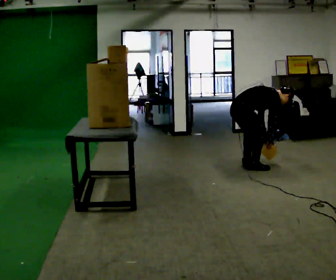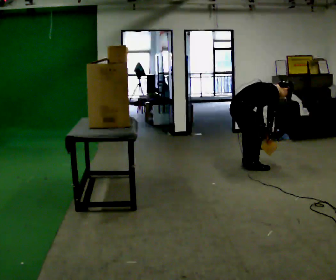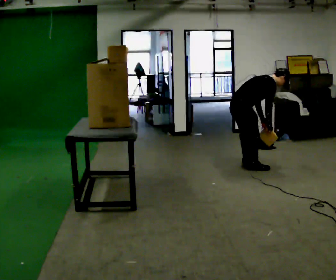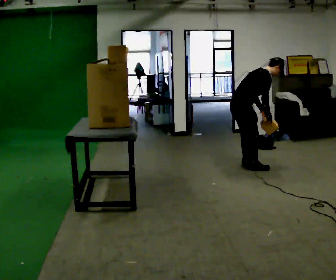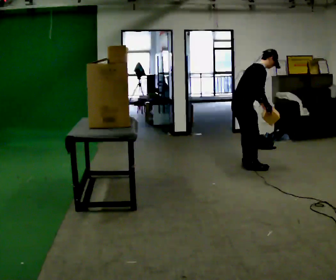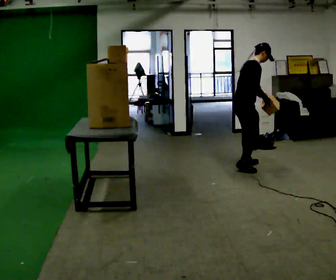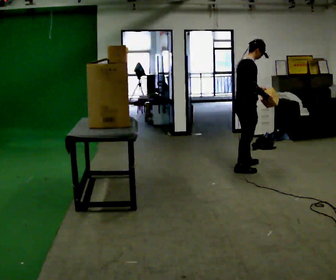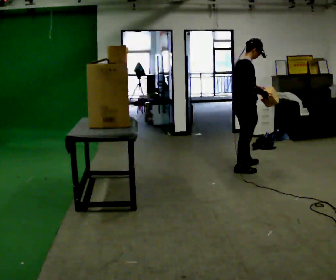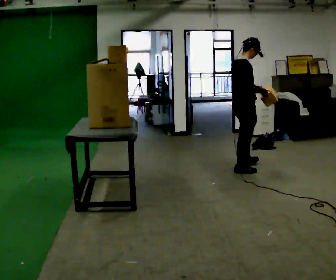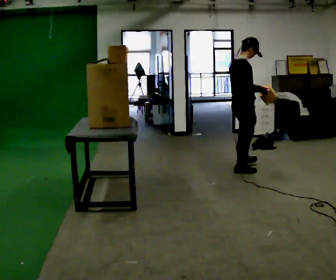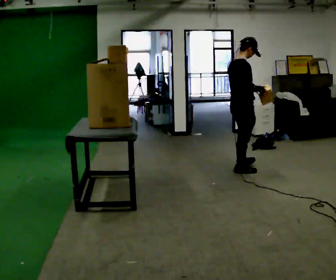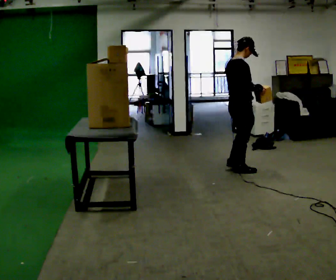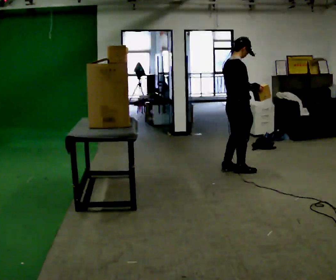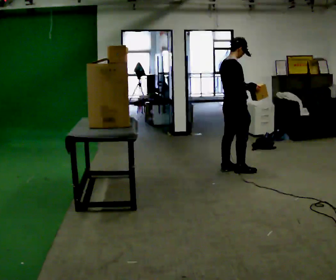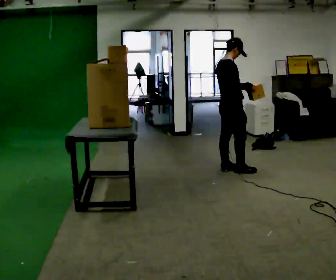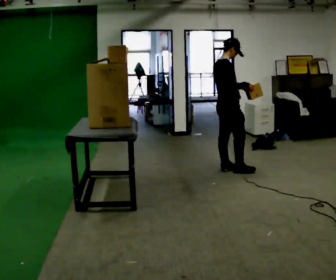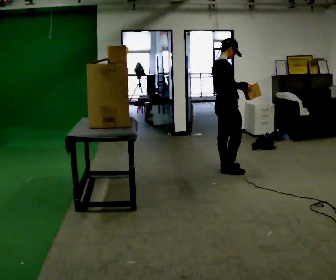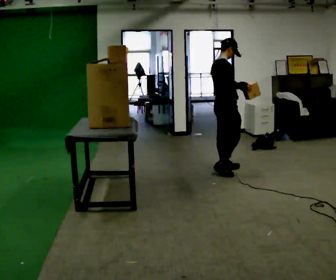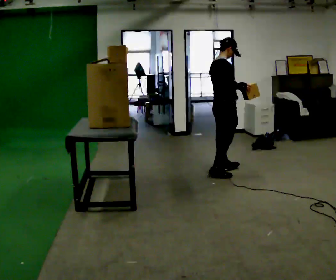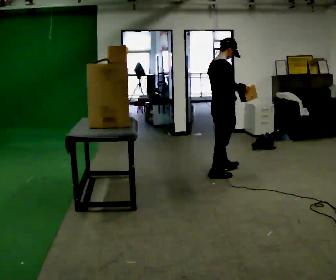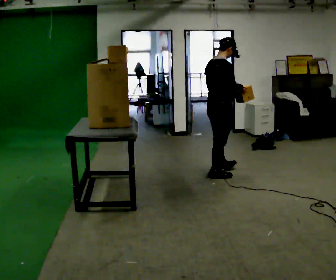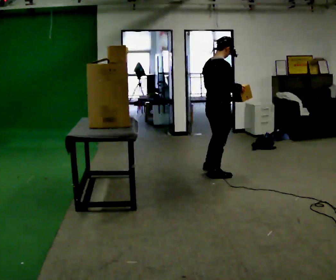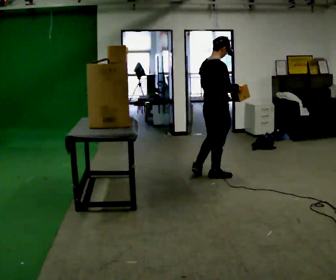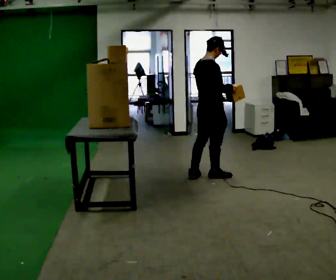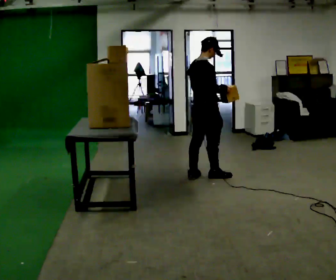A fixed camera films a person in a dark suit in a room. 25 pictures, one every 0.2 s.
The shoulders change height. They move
upward.
Their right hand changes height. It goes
upward.
0.0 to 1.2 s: The upper body goes upward. In the picture the upper body tilts counterclockwise, shoulders to the left, as they lean back or straighten. In the picture their right hand goes upward.
1.2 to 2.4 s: In the picture they go toward the camera, about 0.25 m in 1 step, which for them is backward.
2.4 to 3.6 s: In the picture they go to the left, about 0.25 m in 1 step, which for them is backward.
3.6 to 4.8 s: In the picture they go toward the camera and to the left, about 0.25 m in 1 step, which for them is backward.
The film runs backward here.
